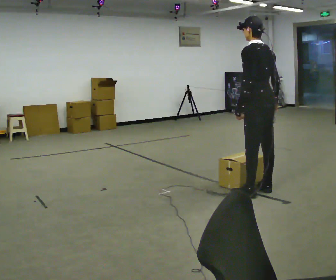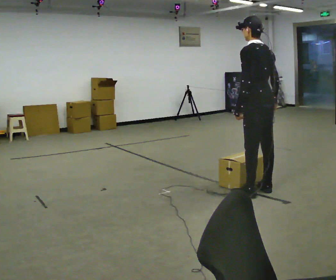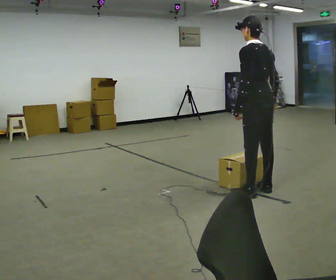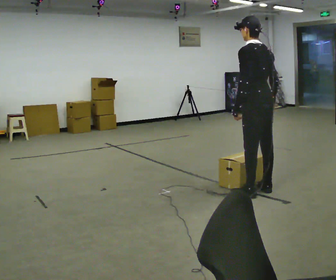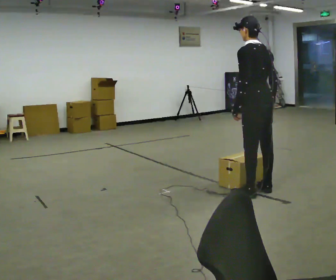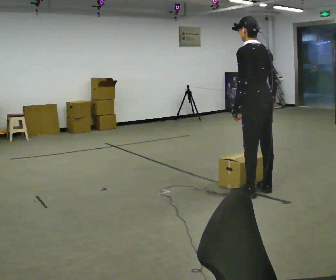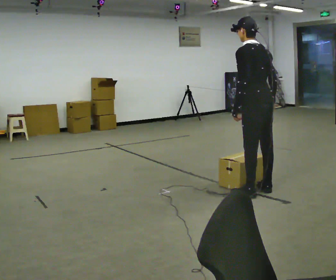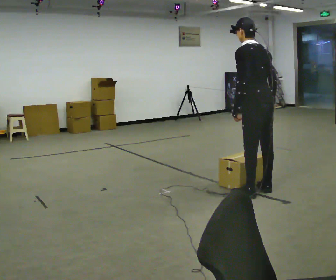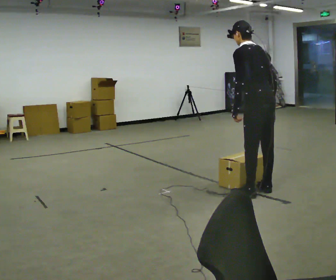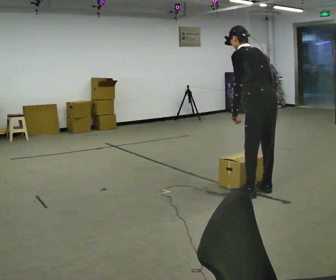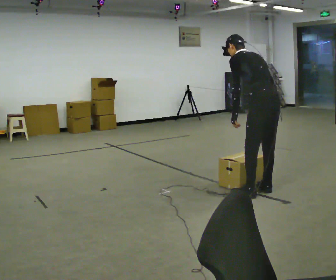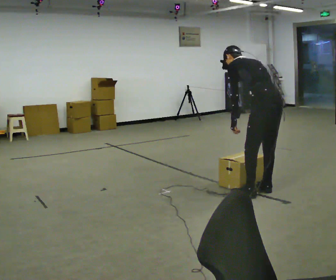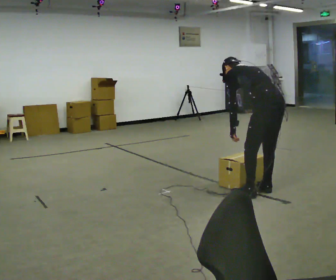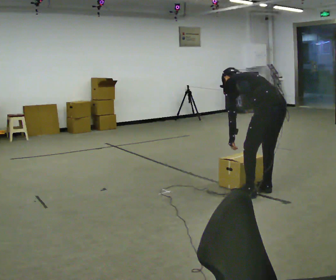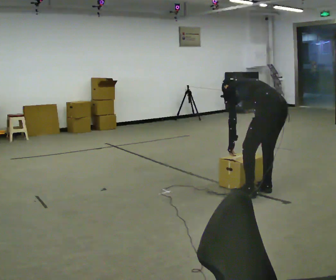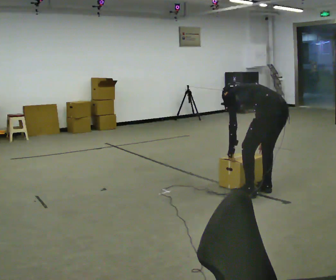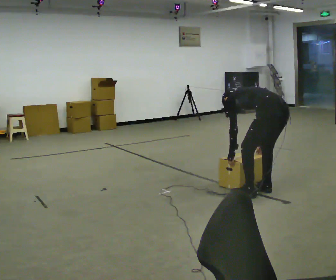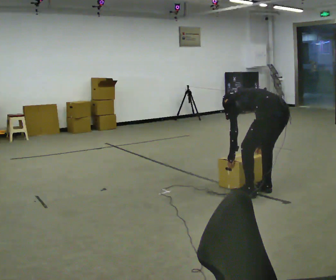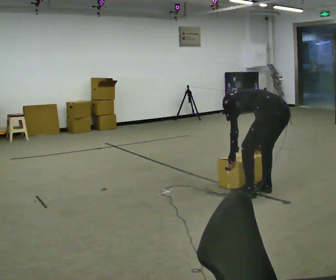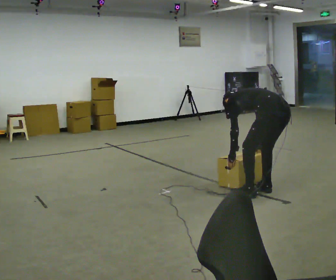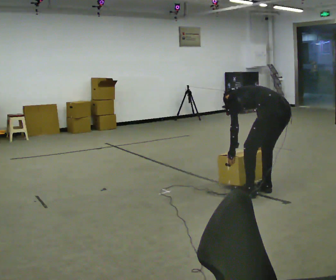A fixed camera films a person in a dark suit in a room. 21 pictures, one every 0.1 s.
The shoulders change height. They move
downward.
Their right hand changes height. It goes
downward.
0.0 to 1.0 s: In the picture the upper body tilts counterclockwise, shoulders to the left, as they bend forward.
1.0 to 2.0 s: The shoulders move downward. The upper body tips away from the camera, its near side rolling upward, as they bend forward. In the picture their right hand goes downward.
The film runs forward here.
